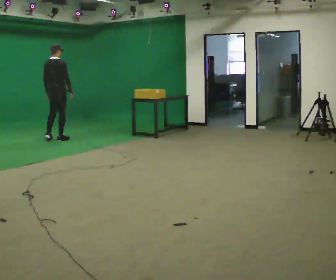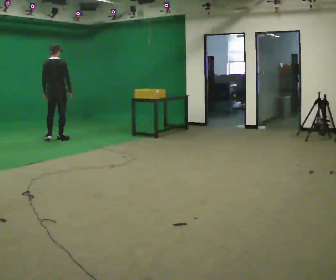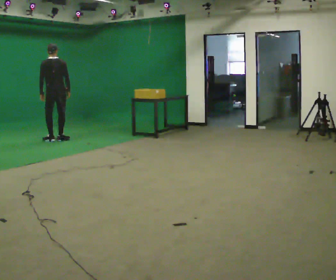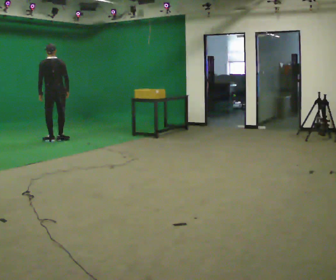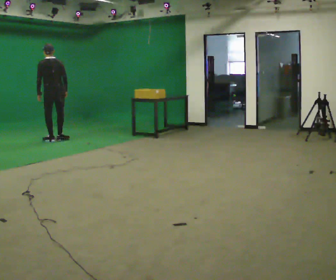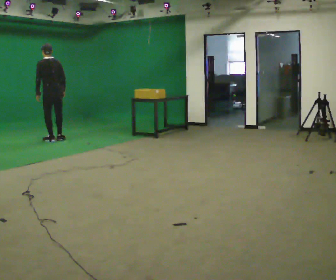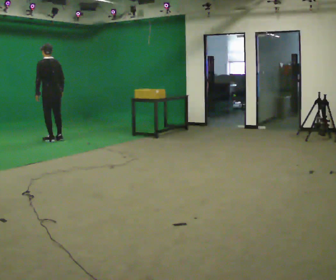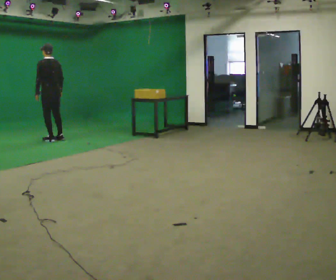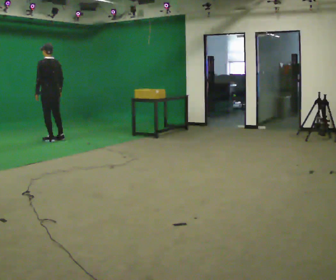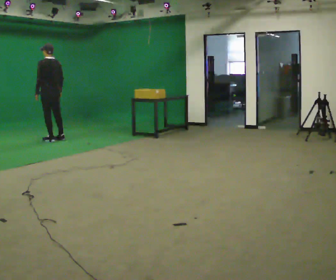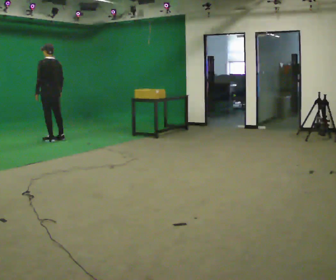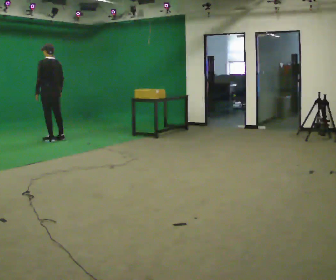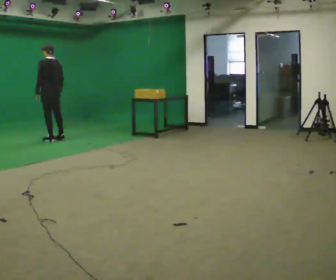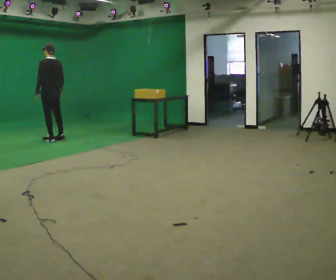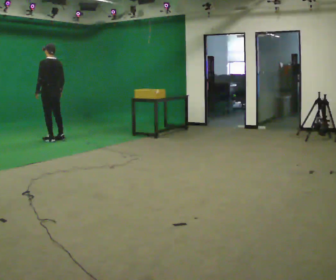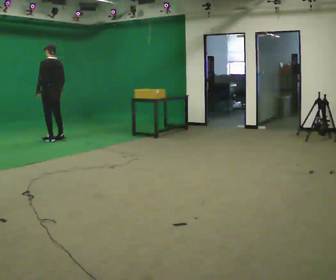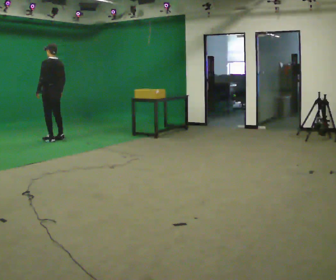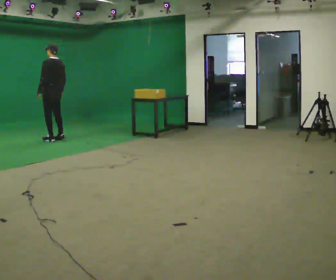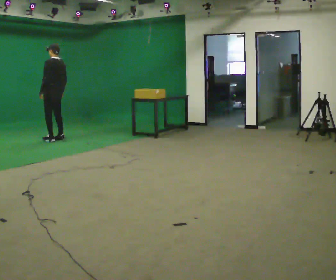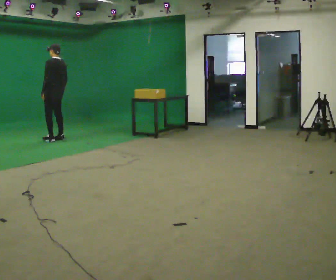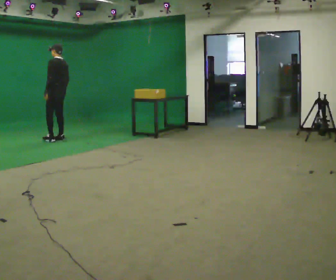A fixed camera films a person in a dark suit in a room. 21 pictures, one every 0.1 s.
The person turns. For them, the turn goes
to their left.
The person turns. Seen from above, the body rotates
counterclockwise.
0.0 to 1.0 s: Seen from above the body turns counterclockwise, about 75 degrees: to their left, with its near side sliding to the right.
1.0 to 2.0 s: The person moves a little, or ends about where they began.
The film runs backward here.
